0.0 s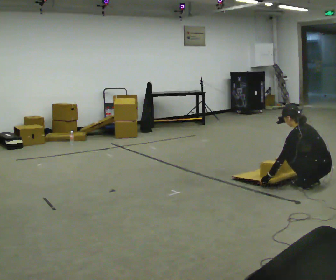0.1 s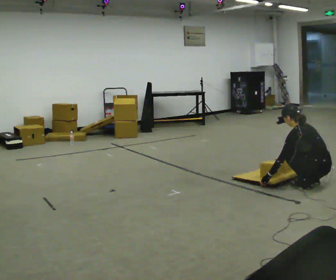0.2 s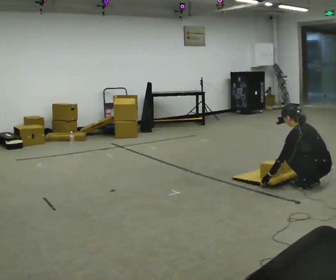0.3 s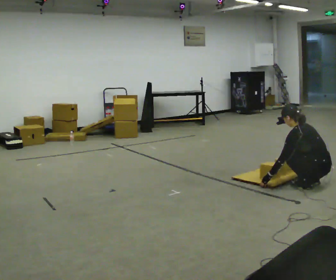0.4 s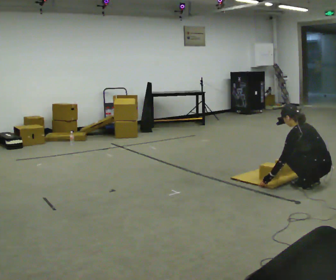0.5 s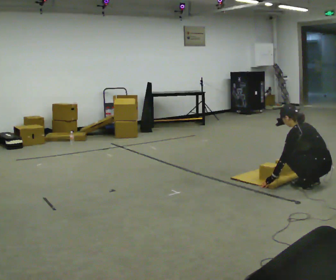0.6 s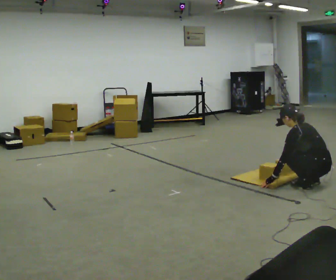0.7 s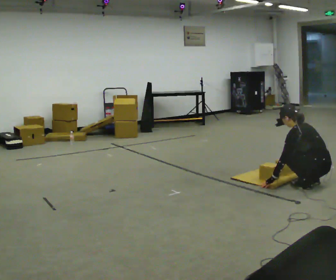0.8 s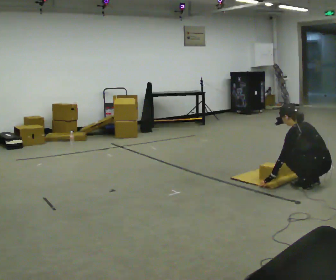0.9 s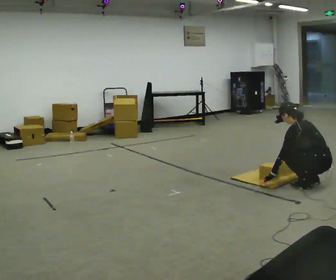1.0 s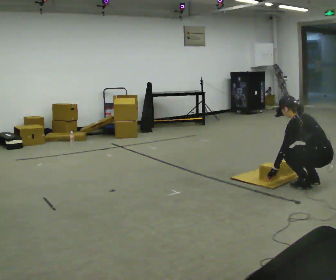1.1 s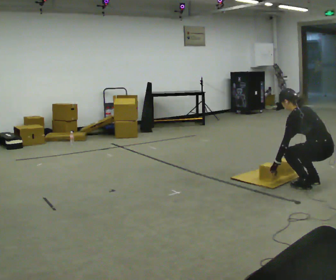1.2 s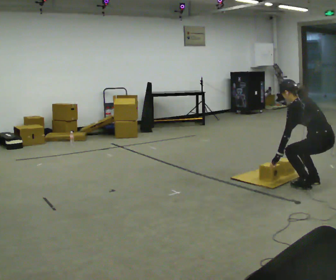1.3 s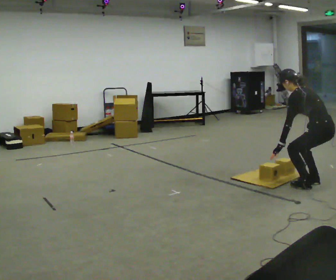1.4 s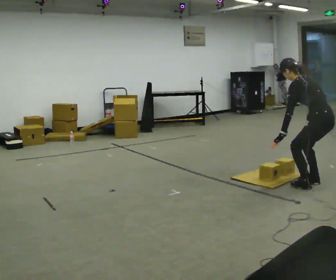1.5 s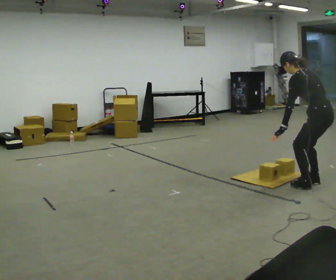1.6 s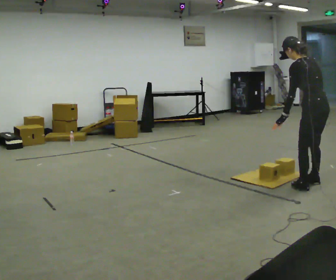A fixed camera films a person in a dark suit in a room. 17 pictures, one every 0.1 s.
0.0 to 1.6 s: The upper body goes upward. In the picture the upper body tilts clockwise, shoulders to the right, as they lean back or straighten. In the picture their right hand goes upward.
The film runs backward here.
